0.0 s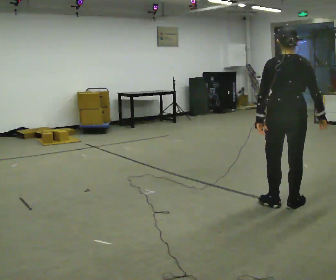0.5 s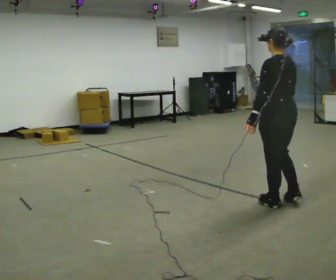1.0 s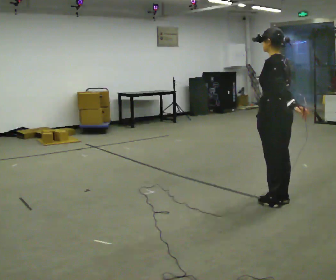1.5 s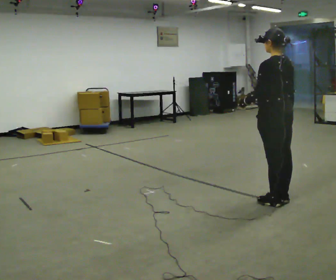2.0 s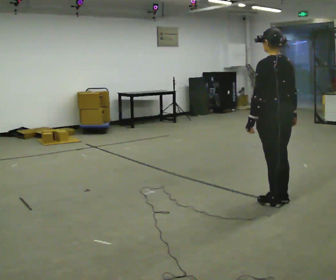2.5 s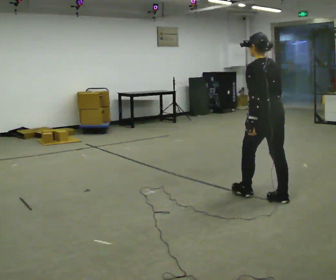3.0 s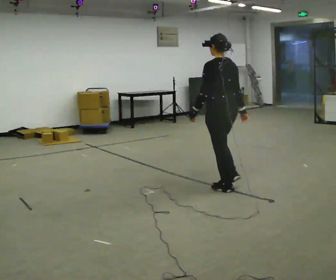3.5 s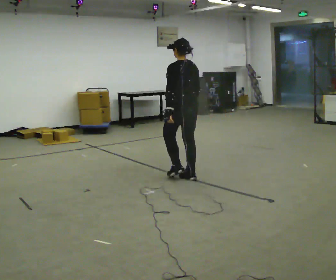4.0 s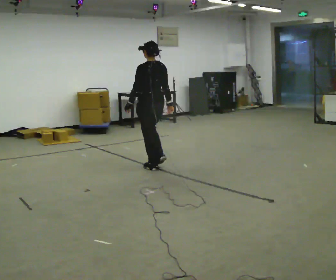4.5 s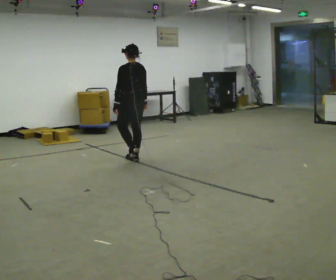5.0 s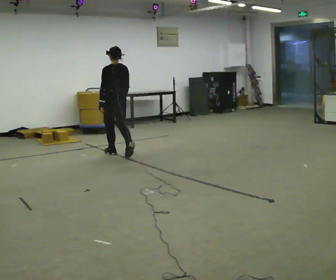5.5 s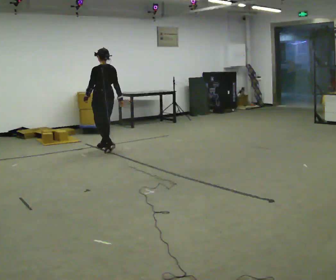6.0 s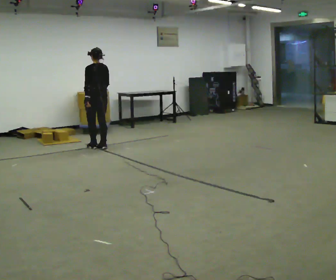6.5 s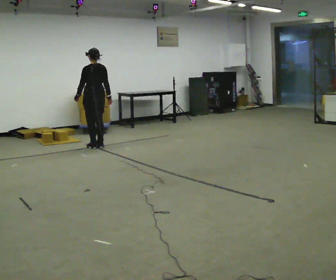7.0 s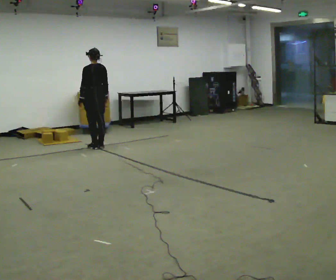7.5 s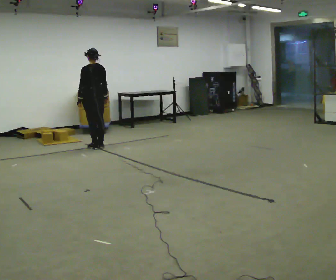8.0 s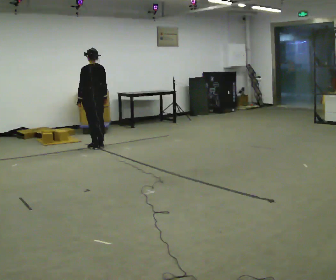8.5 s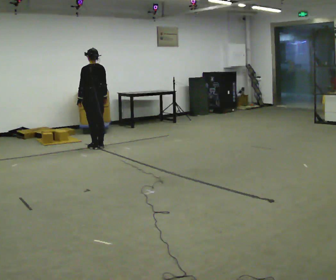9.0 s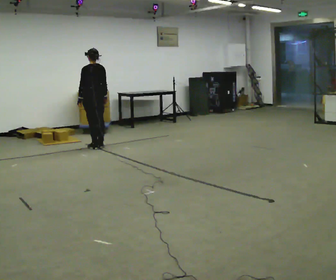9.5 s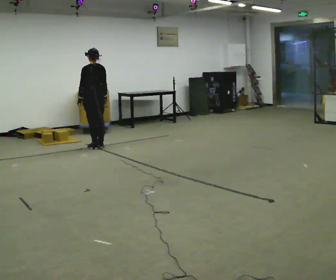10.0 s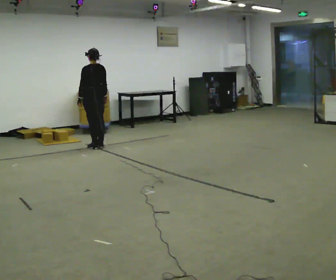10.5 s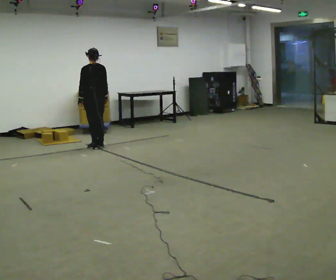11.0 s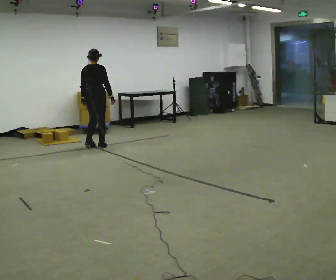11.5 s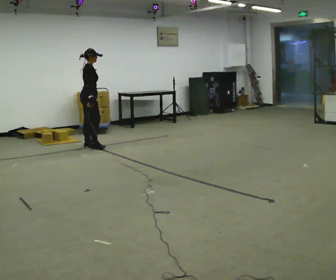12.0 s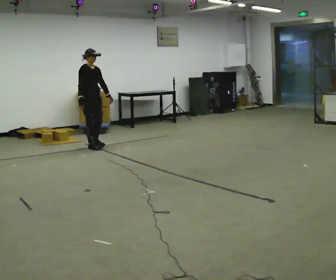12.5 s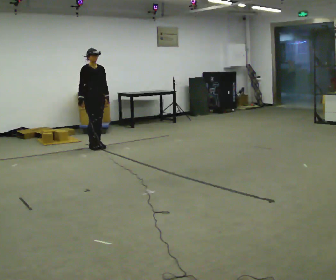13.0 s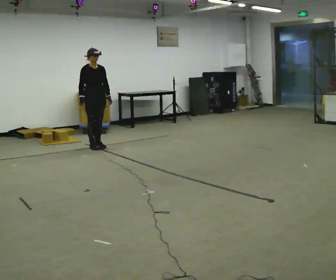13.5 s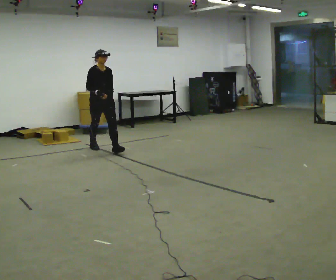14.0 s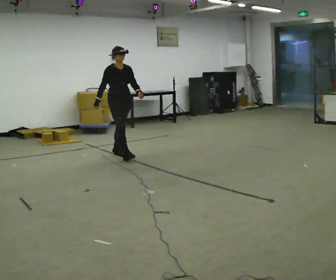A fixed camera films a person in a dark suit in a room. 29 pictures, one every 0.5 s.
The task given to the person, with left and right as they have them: Walk normally; at marked point stop as quickly as comfortably possible; remain still.
0.0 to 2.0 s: The part of the body nearest the lens slides to the right as the person turns to their left by about 45 degrees.
2.0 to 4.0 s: In the picture they go away from the camera and to the left, about 2 m in 3 steps, which for them is forward.
4.0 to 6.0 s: In the picture they go away from the camera and to the left, about 1.5 m in 4 steps, which for them is forward.
6.0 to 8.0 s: The person moves a little, or ends about where they began.
8.0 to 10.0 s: The person keeps their place and pose.
10.0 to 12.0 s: The part of the body nearest the lens slides to the left as the person turns to their right by about 165 degrees. In the picture their left hand goes to the right, the arm swinging counterclockwise.
12.0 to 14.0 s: In the picture they go toward the camera and to the right, about 1 m in 1 step, which for them is forward.
The film runs forward here.
